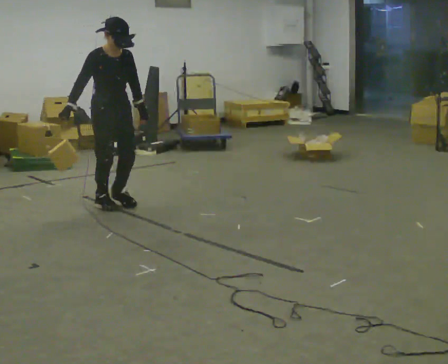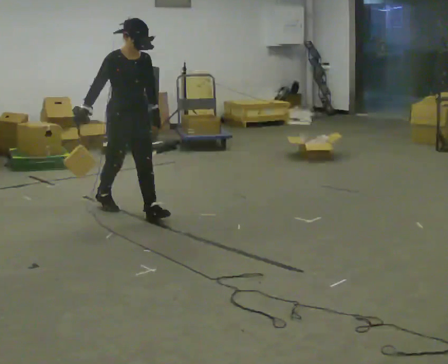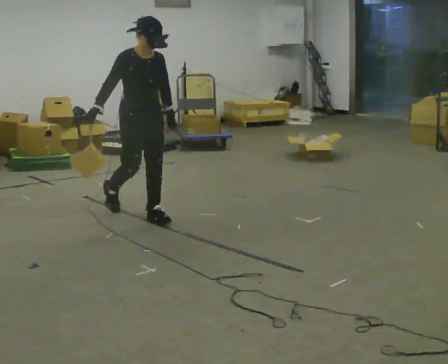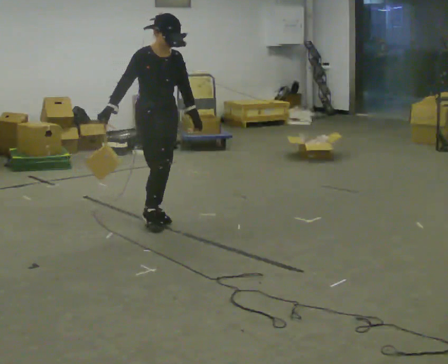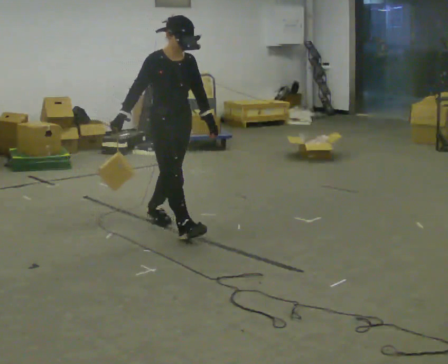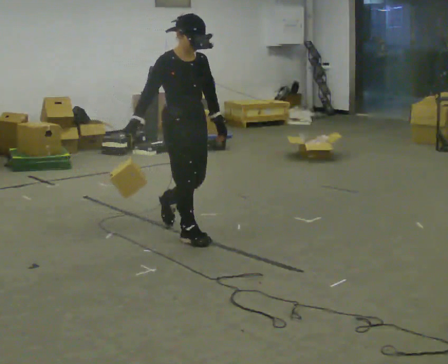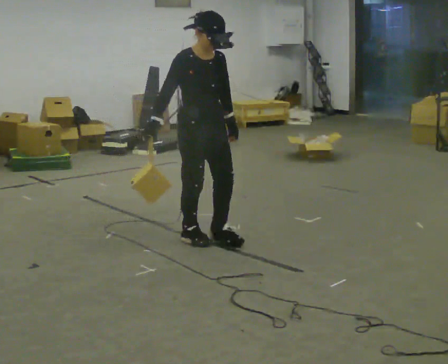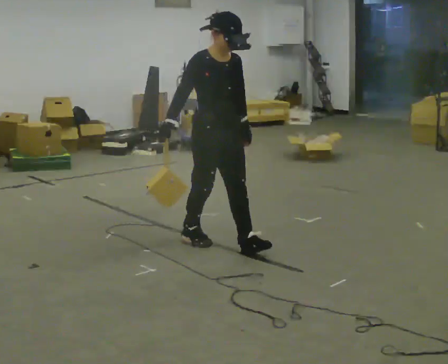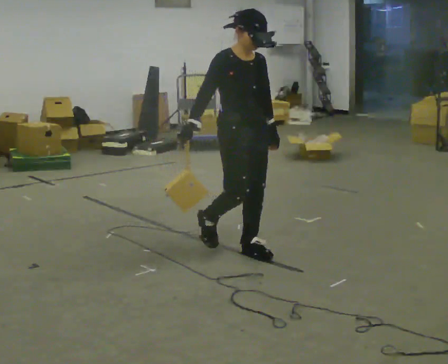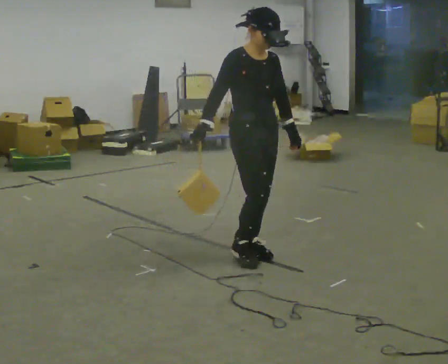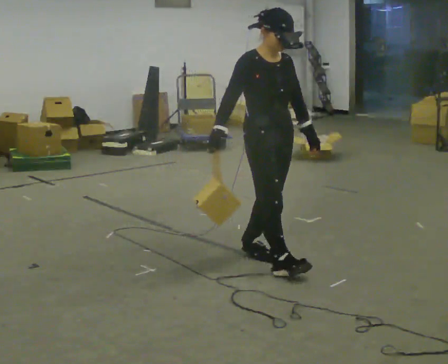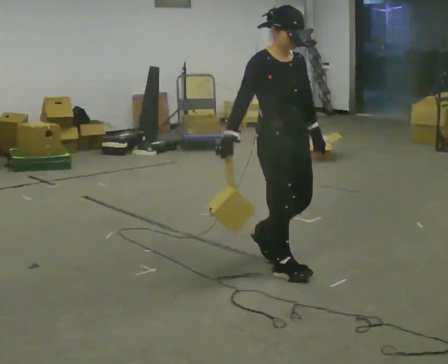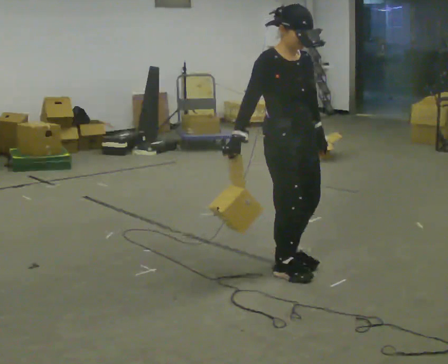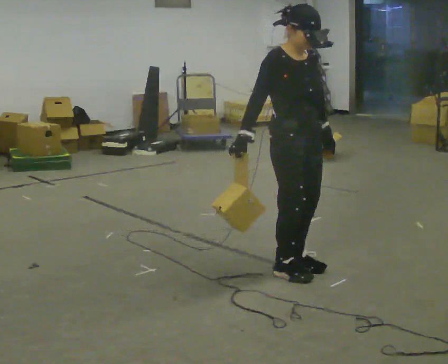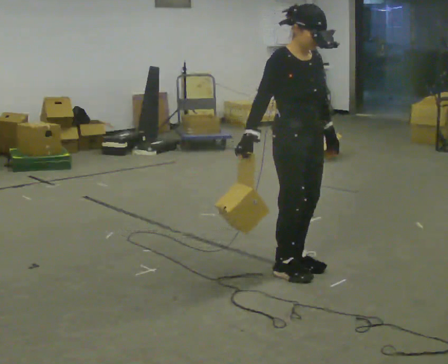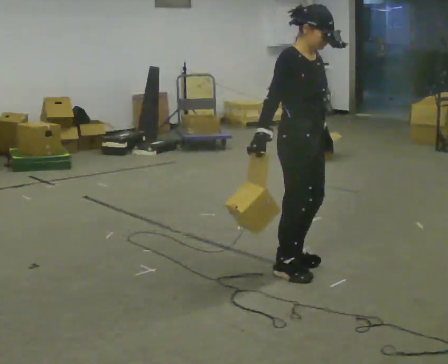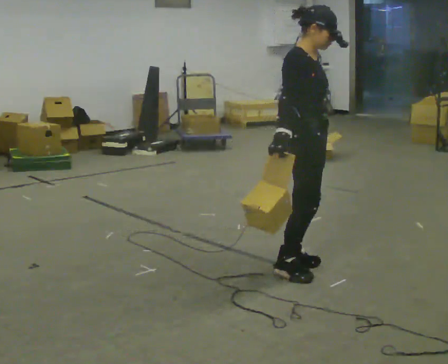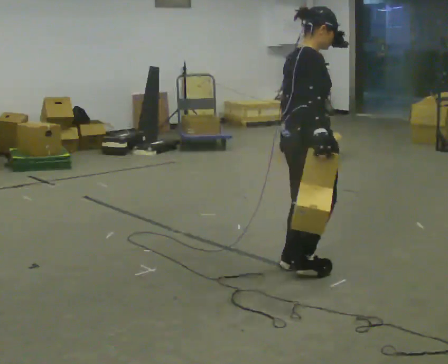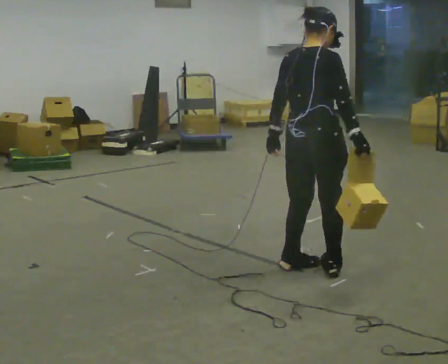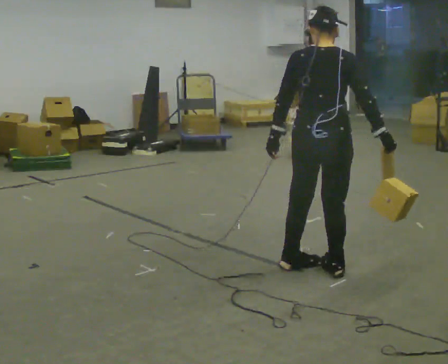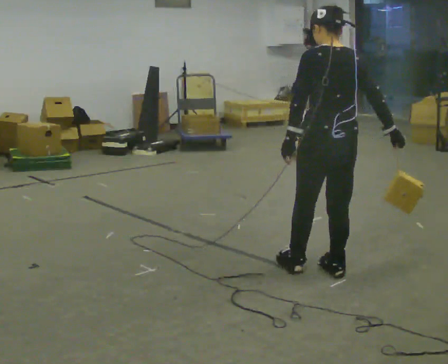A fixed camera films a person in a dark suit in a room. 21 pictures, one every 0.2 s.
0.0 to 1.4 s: In the picture they go toward the camera and to the right, about 1 m in 3 steps, which for them is forward.
1.4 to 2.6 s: In the picture they go toward the camera and to the right, about 0.5 m in 2 steps, which for them is forward.
2.6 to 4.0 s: The person turns about 150 degrees to their left, counterclockwise seen from above, so the part of the body nearest the lens slides to the right. In the picture they go to the right, about 0.25 m in 1 step. In the picture their right hand goes to the right, the arm swinging counterclockwise.
The film runs forward here.
